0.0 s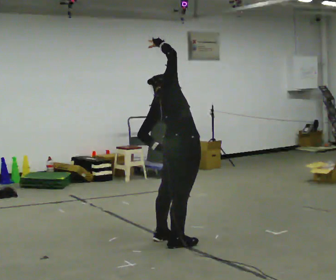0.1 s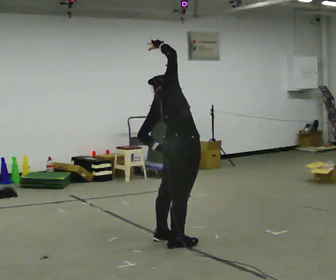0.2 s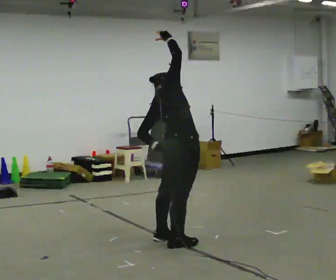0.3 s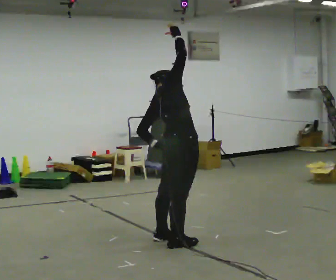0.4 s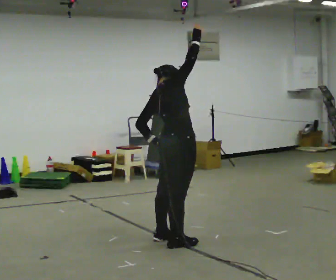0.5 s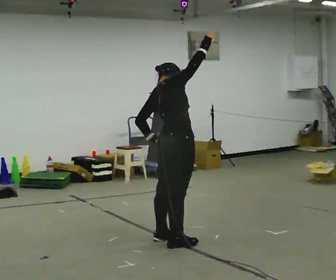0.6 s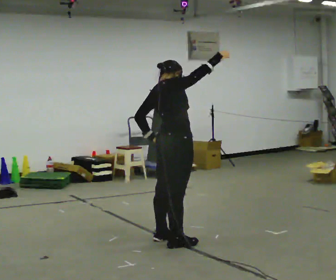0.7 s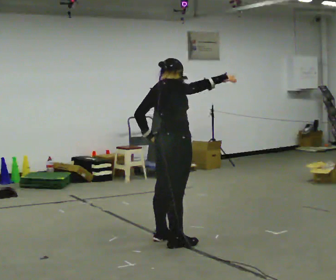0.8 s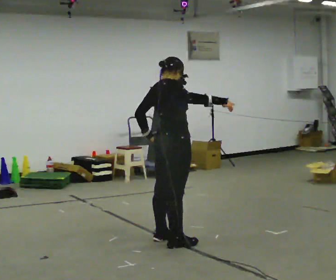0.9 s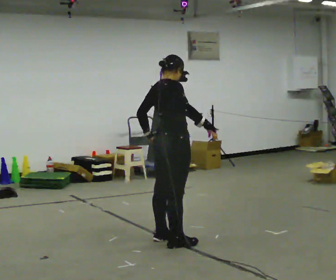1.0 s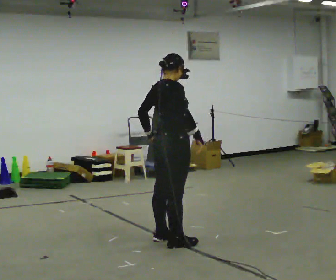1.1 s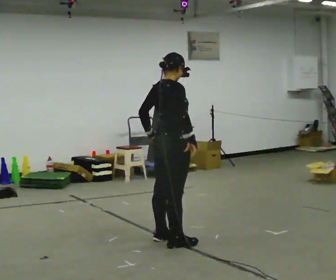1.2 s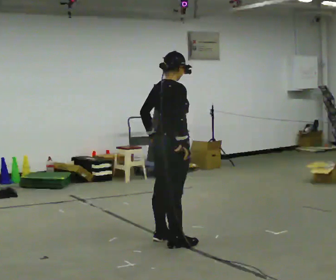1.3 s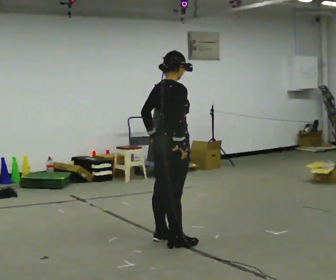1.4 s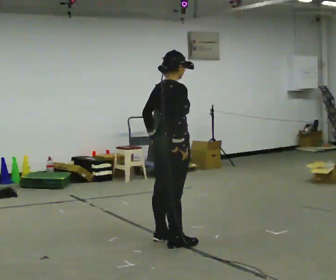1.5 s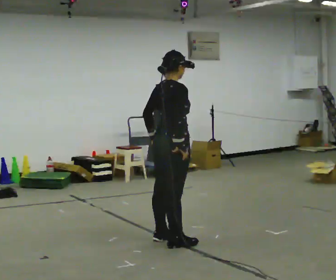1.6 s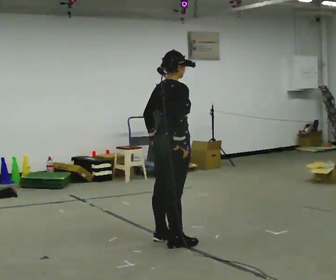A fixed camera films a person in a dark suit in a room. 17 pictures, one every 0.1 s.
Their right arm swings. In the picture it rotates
clockwise.
Their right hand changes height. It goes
downward.
0.0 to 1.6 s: In the picture they go away from the camera, about 0.25 m, which for them is to their left. The upper body tips toward the camera, its near side rolling downward. In the picture their right hand goes downward, the arm swinging clockwise.
The film runs forward here.
